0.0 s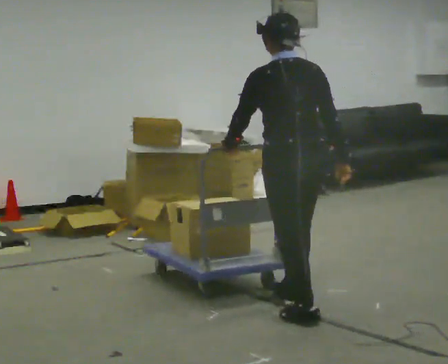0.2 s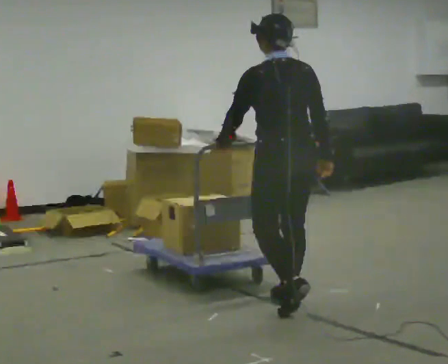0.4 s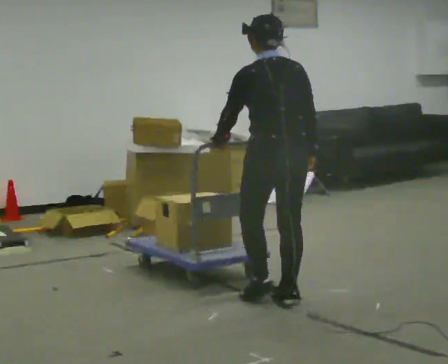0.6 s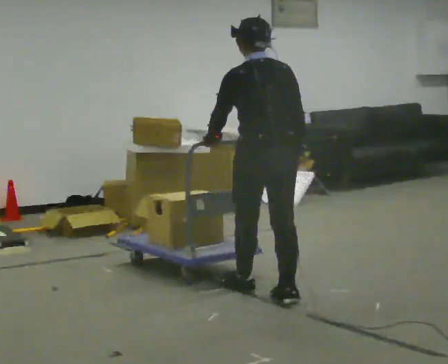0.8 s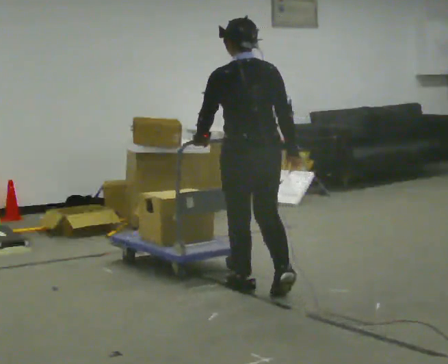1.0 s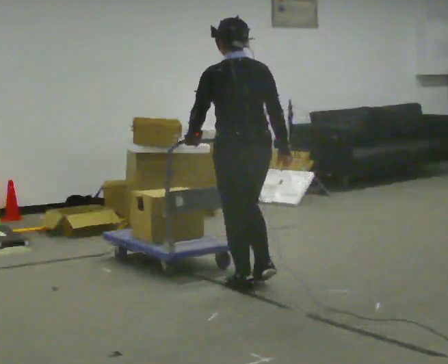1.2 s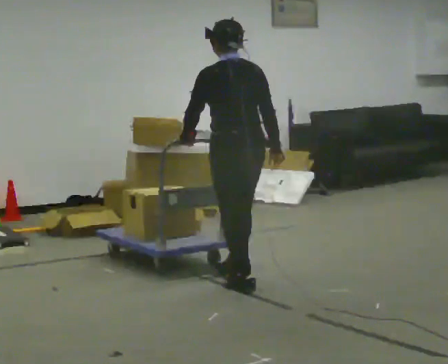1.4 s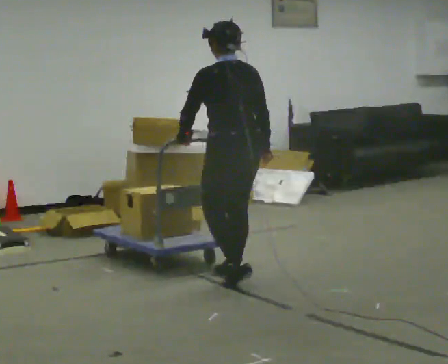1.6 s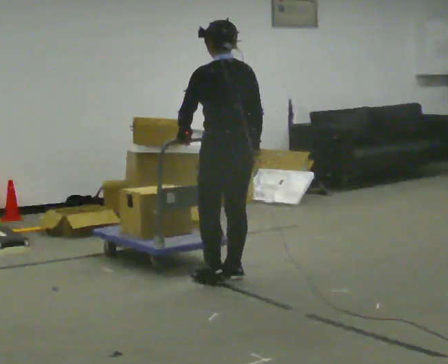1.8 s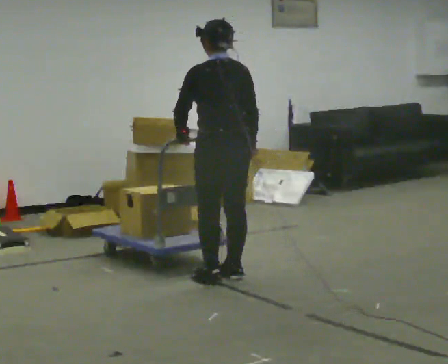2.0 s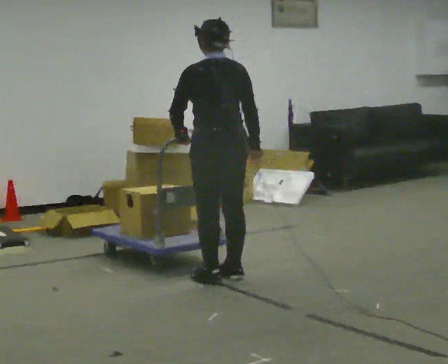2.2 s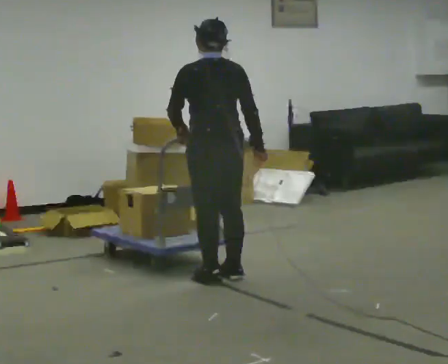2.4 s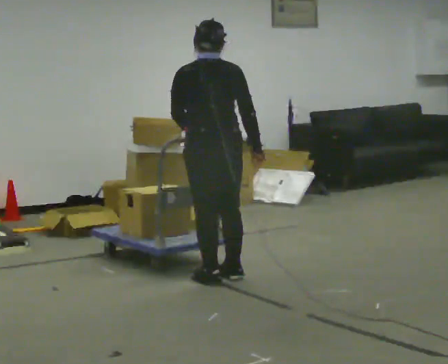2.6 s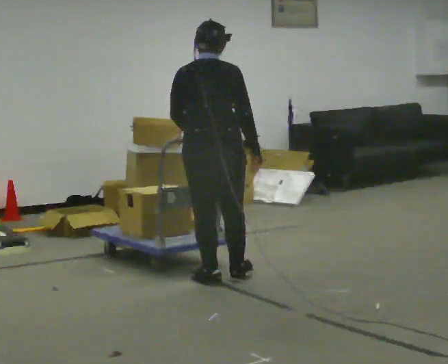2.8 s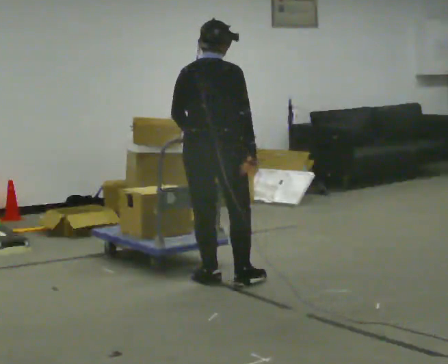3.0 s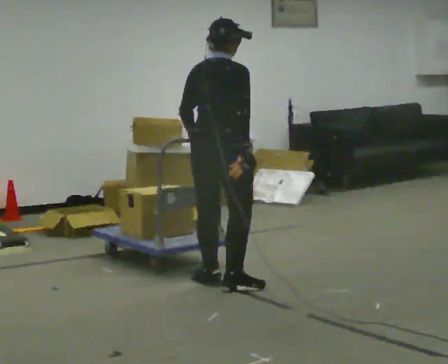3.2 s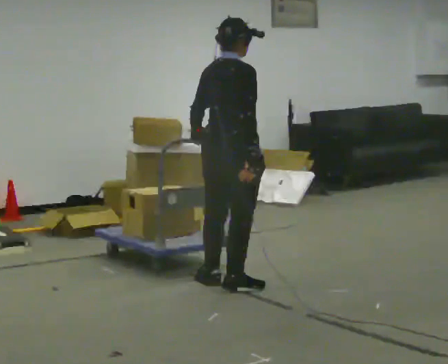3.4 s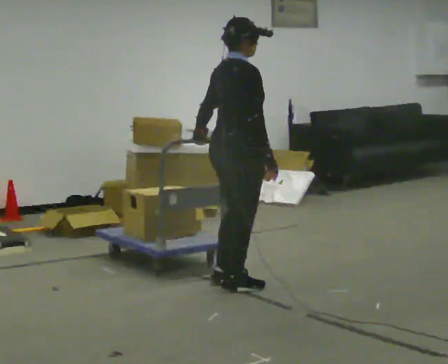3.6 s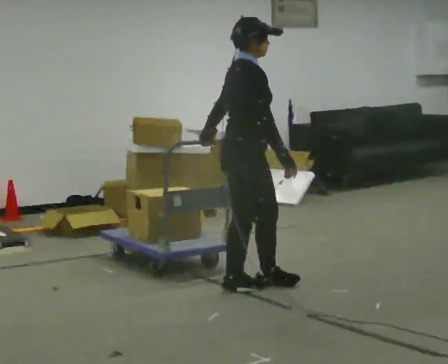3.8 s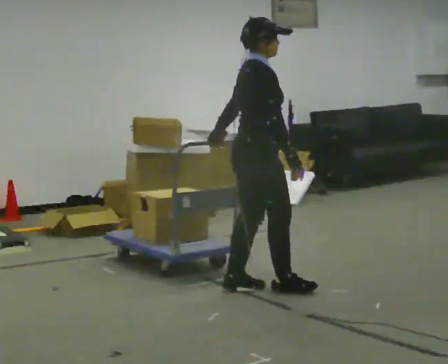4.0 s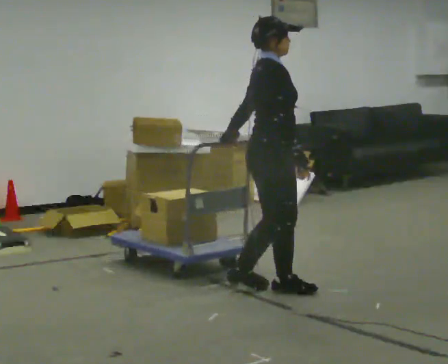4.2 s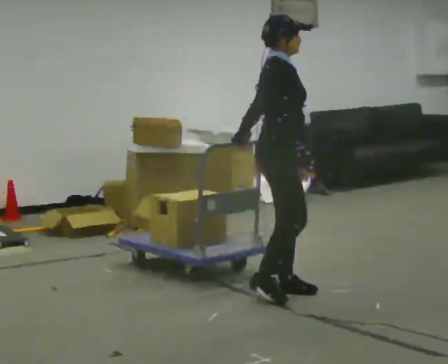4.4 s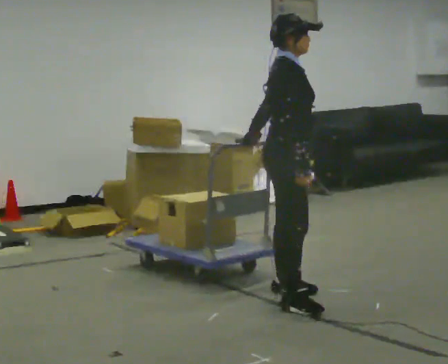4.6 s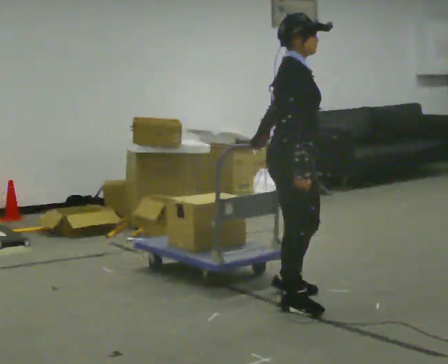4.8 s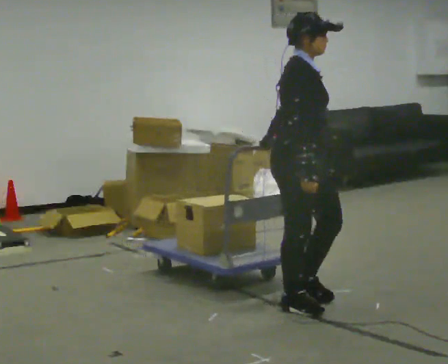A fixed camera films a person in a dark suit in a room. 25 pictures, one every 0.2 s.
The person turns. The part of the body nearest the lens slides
to the left.
The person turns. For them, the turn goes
to their right.
0.0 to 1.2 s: In the picture they go away from the camera and to the left, about 0.75 m in 1 step, which for them is forward.
1.2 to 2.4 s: In the picture they go to the left, about 0.25 m in 2 steps, which for them is forward.
2.4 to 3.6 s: The part of the body nearest the lens slides to the left as the person turns to their right by about 105 degrees. In the picture they go to the right, about 0.25 m in 1 step.
3.6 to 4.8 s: In the picture they go toward the camera and to the right, about 0.5 m in 2 steps, which for them is forward and to their right.
The film runs forward here.
